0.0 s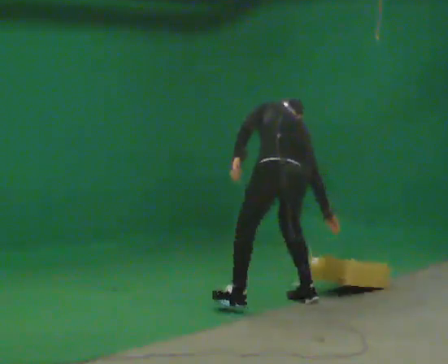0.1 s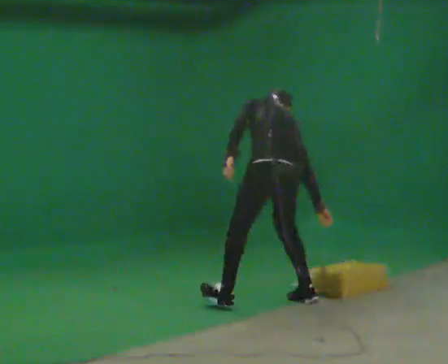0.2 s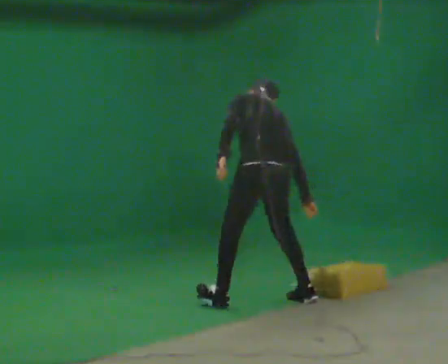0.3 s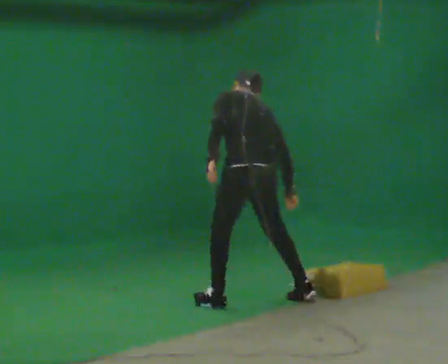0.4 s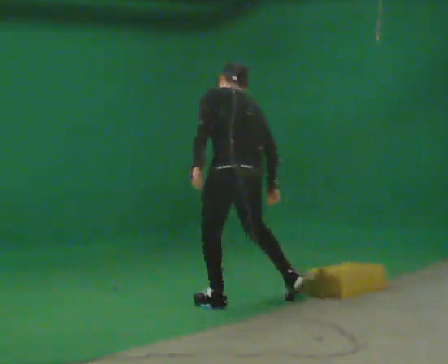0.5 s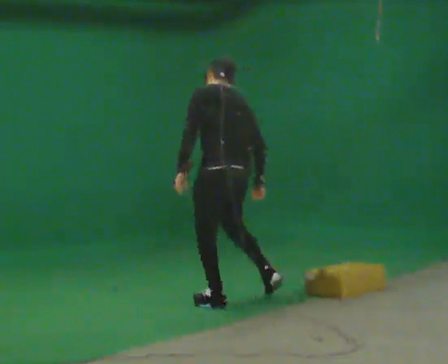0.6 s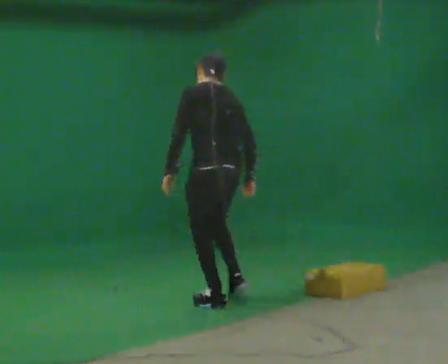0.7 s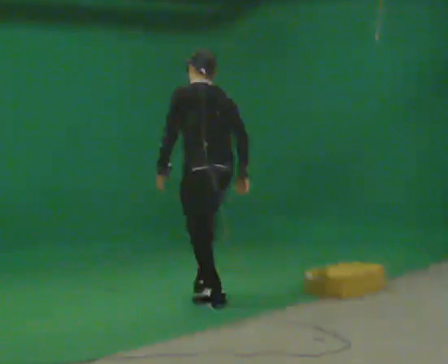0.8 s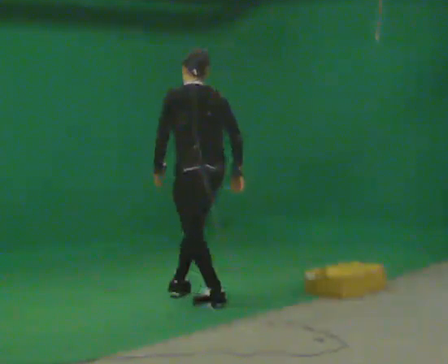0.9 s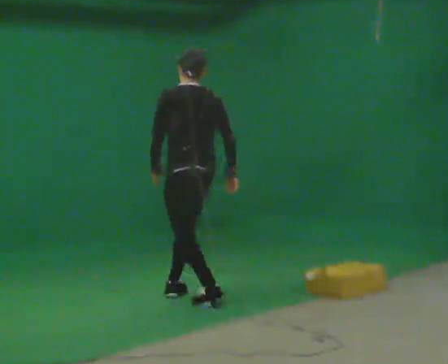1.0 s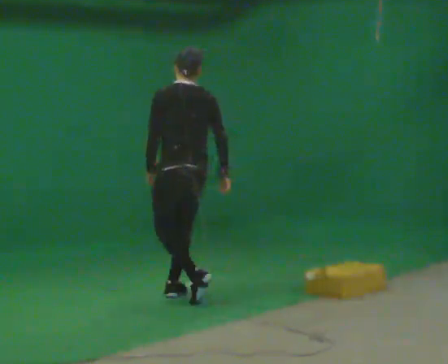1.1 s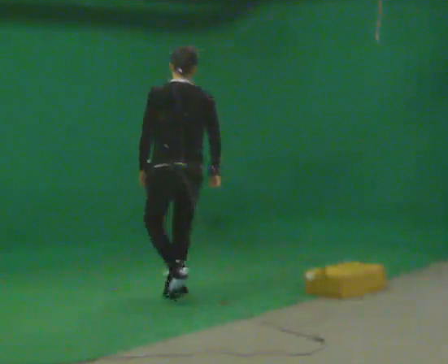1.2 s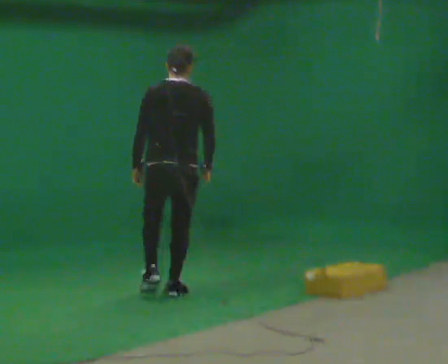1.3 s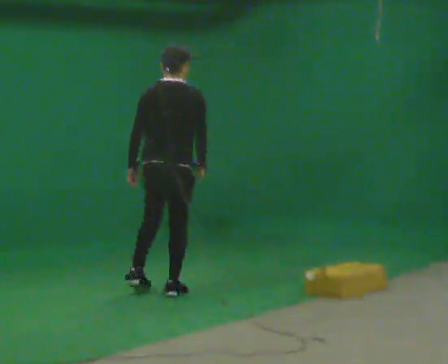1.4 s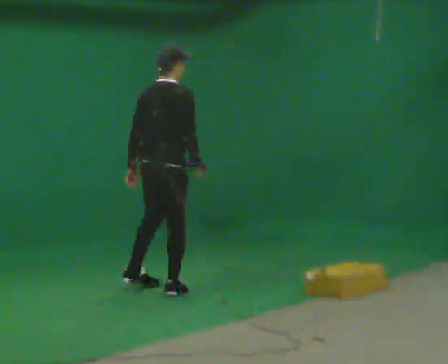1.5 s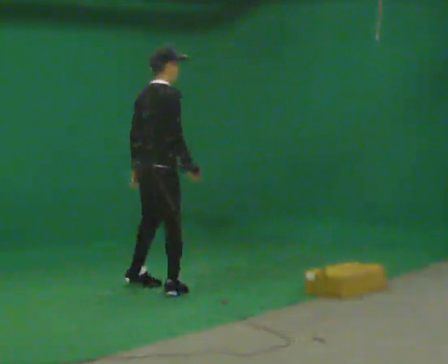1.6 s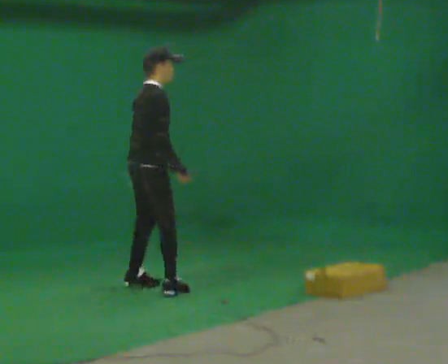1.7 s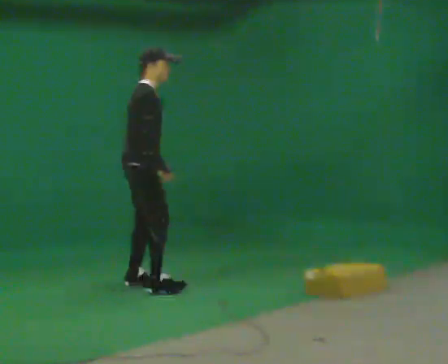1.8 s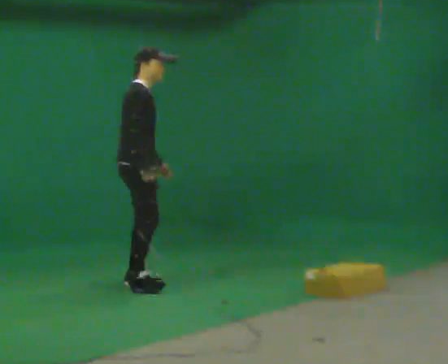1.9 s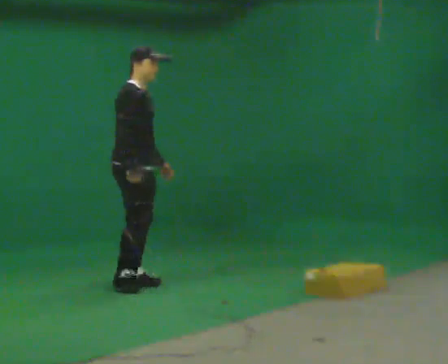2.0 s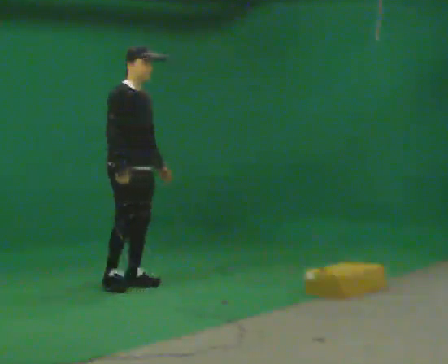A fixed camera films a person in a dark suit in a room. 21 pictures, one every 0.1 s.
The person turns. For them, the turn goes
to their right.
The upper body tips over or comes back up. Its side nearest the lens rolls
downward.
0.0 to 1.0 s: In the picture they go to the left and away from the camera, about 1 m in 2 steps, which for them is forward and to their left. The shoulders move upward. The upper body tips toward the camera, its near side rolling downward, as they lean back or straighten.
1.0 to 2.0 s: Seen from above the body turns clockwise, about 150 degrees: to their right, with its near side sliding to the left. In the picture they go to the left and away from the camera, about 0.5 m in 1 step.
The film runs forward here.
